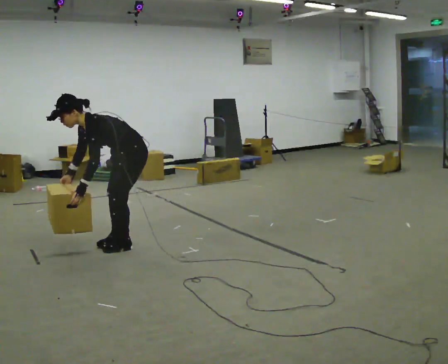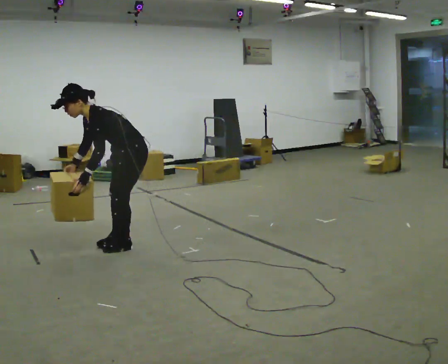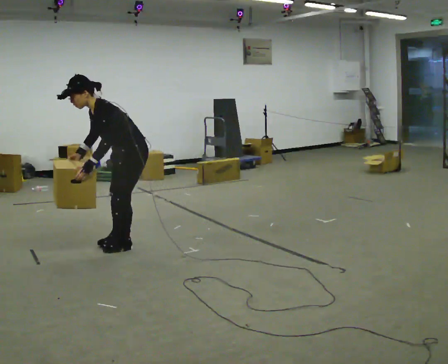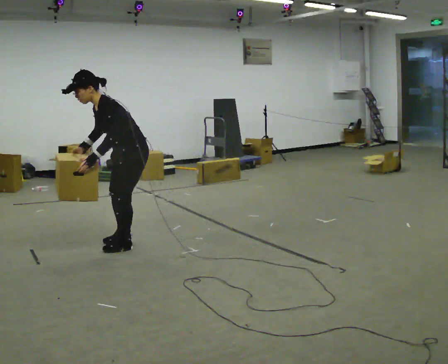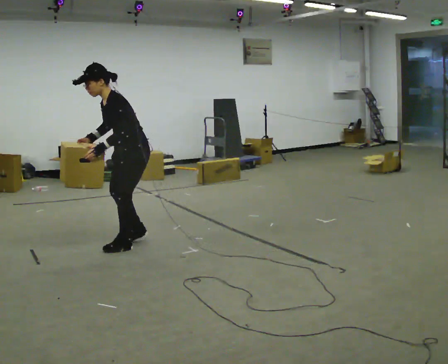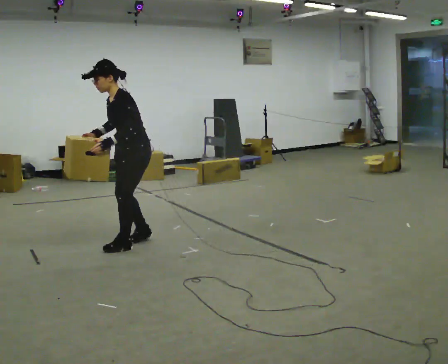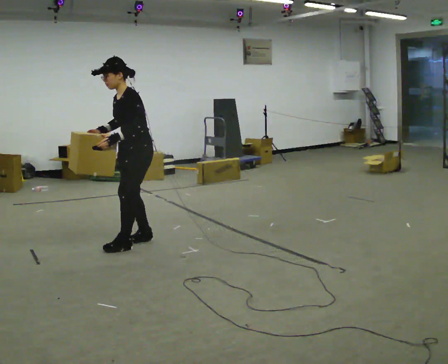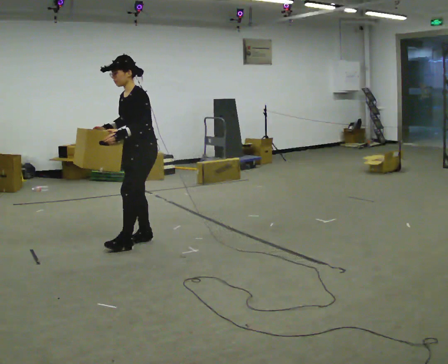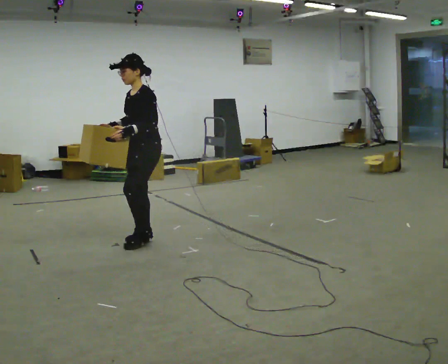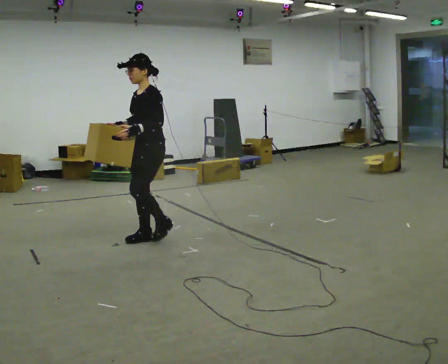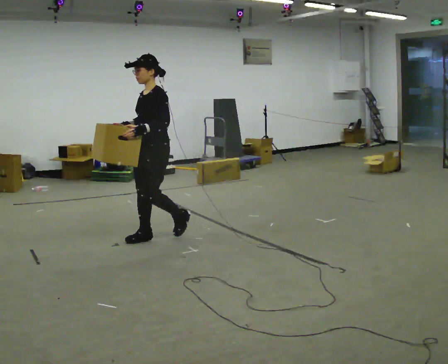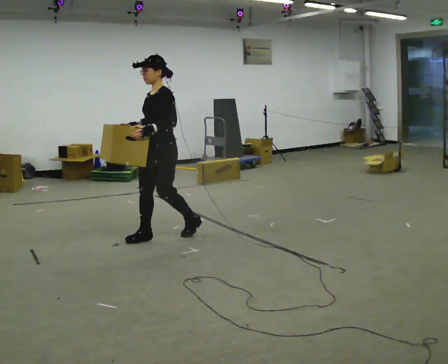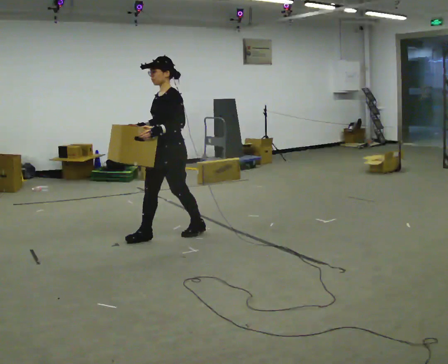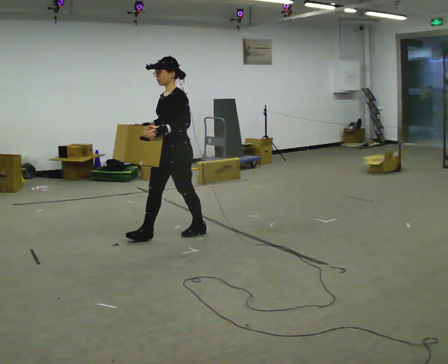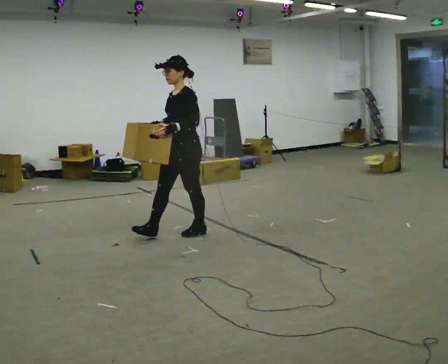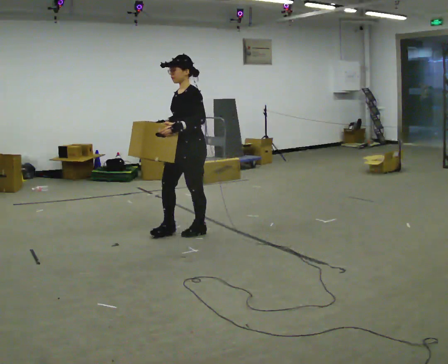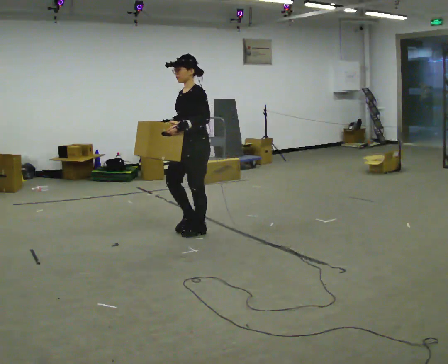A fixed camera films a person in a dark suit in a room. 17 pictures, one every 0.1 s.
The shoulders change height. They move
upward.
The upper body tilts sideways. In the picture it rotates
clockwise.
0.0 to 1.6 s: In the picture they go to the right and away from the camera, about 0.75 m in 3 steps, which for them is backward. The upper body goes upward. In the picture the upper body tilts clockwise, shoulders to the right, as they lean back or straighten. In the picture their left hand goes upward.
The film runs backward here.
